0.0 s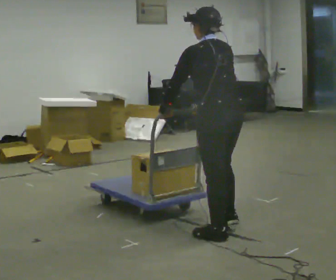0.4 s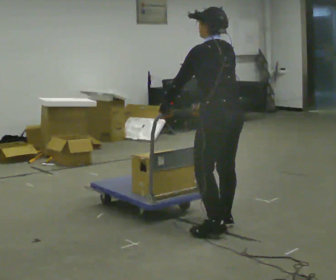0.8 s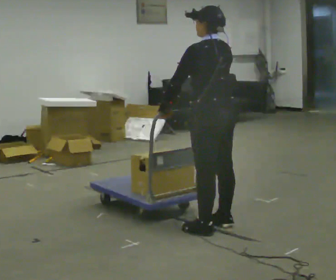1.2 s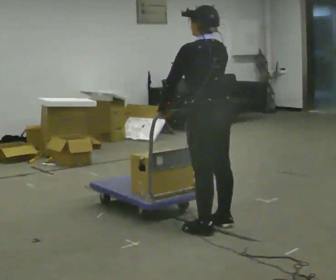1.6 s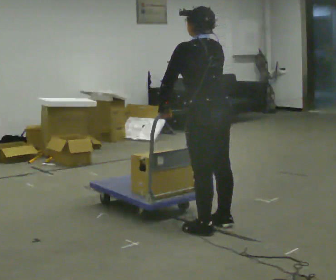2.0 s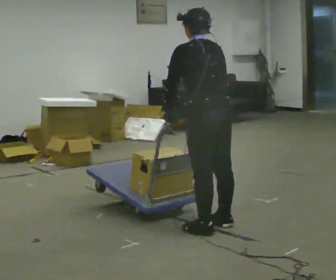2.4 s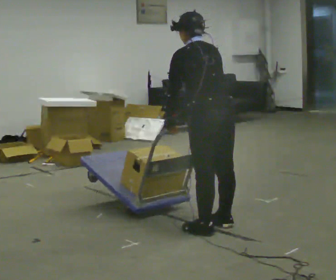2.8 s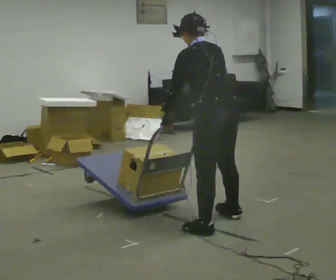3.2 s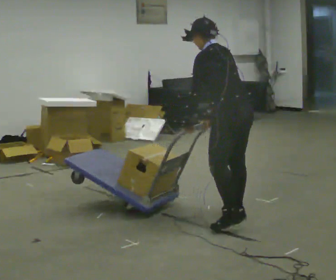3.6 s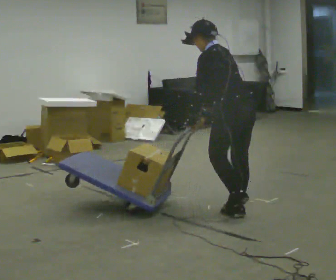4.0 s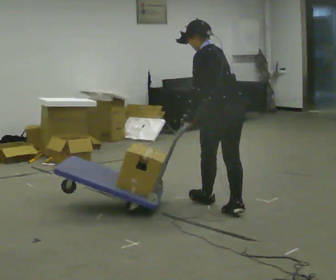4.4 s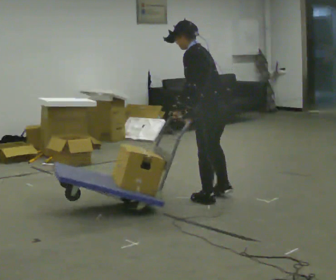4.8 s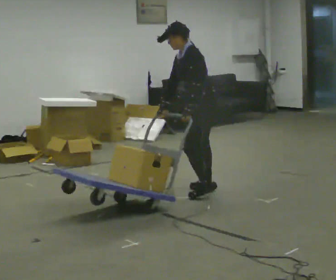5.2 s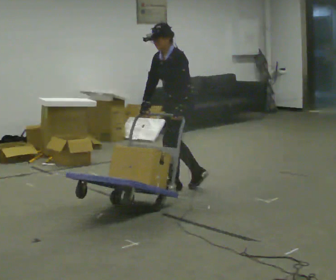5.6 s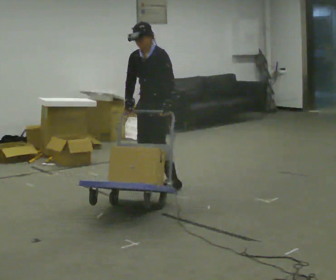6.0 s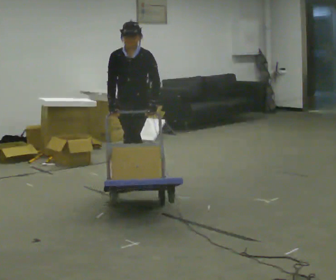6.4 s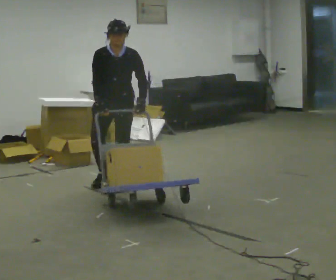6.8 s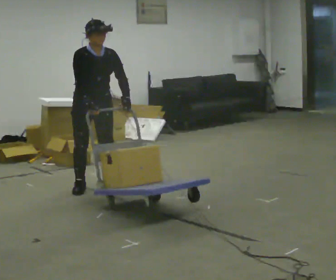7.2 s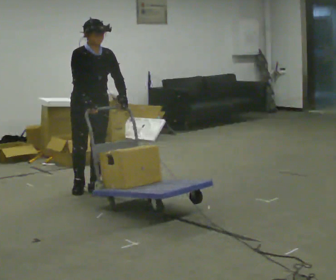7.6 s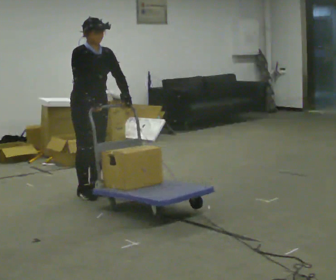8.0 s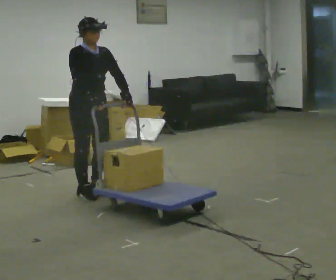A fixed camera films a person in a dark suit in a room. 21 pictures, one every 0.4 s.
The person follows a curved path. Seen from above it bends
counterclockwise.
0.0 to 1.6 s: The person moves a little, or ends about where they began.
1.6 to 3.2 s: In the picture they go away from the camera and to the right, about 0.25 m in 1 step, which for them is to their right. In the picture the upper body tilts counterclockwise, shoulders to the left, as they bend forward.
3.2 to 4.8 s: The person turns about 45 degrees to their left, counterclockwise seen from above, so the part of the body nearest the lens slides to the right. In the picture they go away from the camera and to the left, about 1 m in 2 steps, which for them is forward and to their right. The upper body tips toward the camera, its near side rolling downward.
4.8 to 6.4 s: The part of the body nearest the lens slides to the right as the person turns to their left by about 75 degrees. In the picture they go to the left, about 1 m in 3 steps. In the picture the upper body tilts clockwise, shoulders to the right.
6.4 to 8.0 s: The part of the body nearest the lens slides to the right as the person turns to their left by about 60 degrees. In the picture they go toward the camera and to the left, about 0.25 m in 3 steps, which for them is to their right and forward.
The film runs forward here.
